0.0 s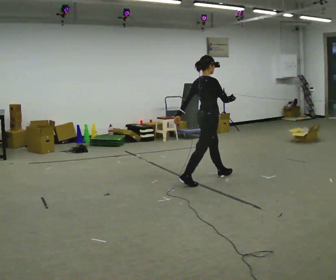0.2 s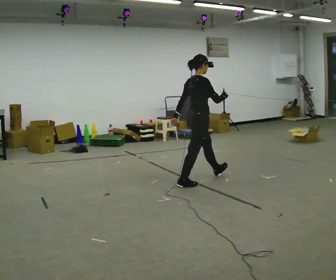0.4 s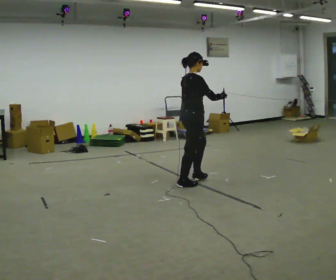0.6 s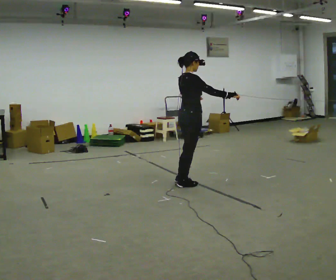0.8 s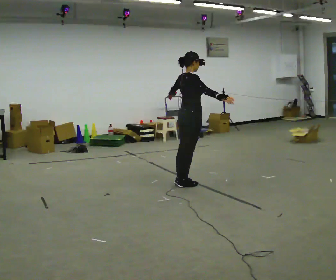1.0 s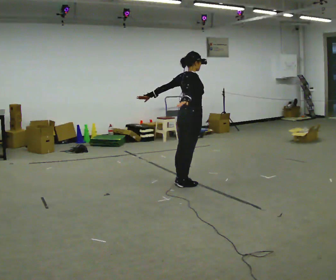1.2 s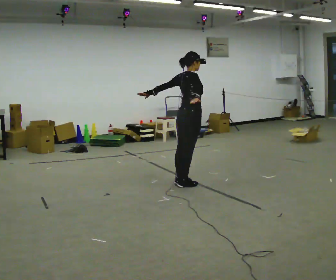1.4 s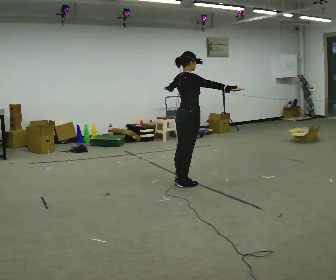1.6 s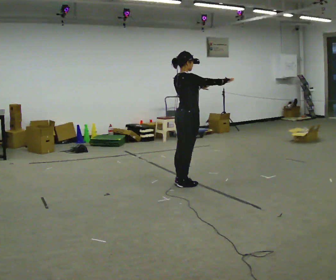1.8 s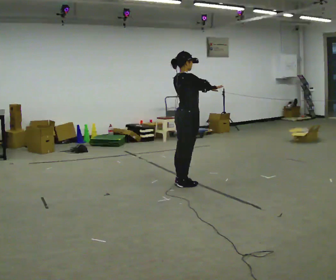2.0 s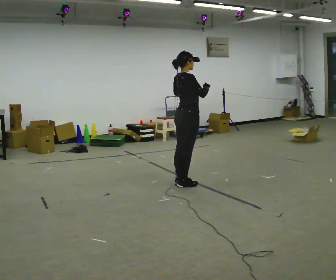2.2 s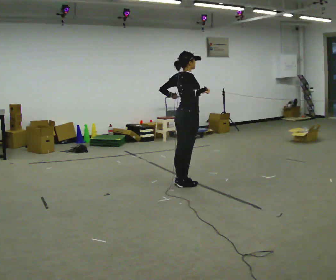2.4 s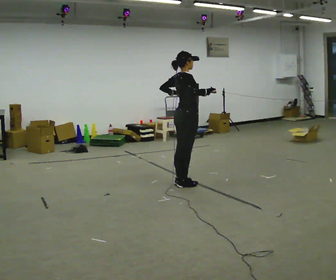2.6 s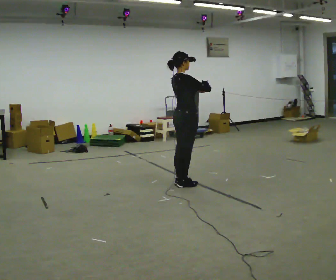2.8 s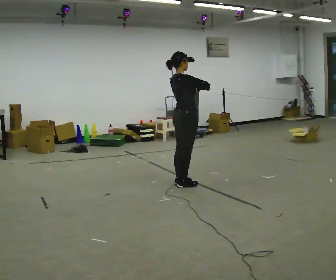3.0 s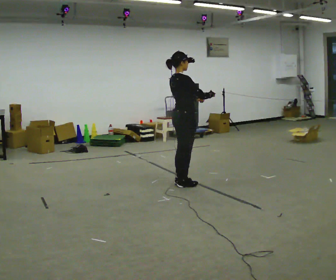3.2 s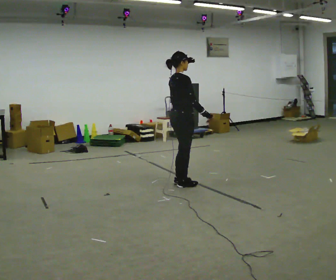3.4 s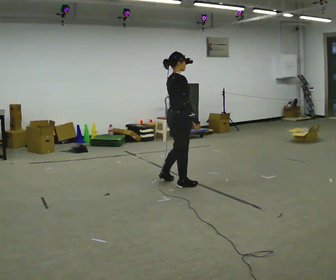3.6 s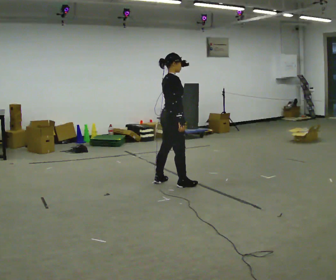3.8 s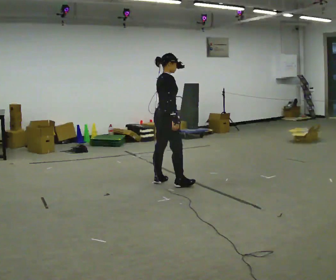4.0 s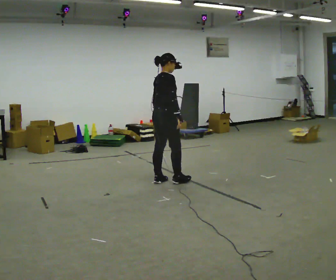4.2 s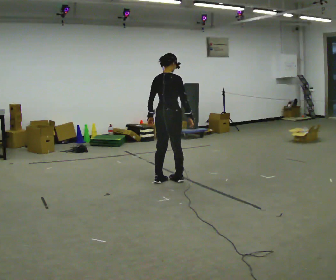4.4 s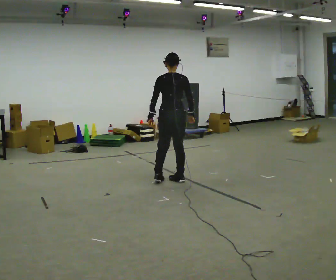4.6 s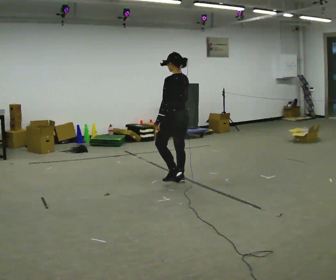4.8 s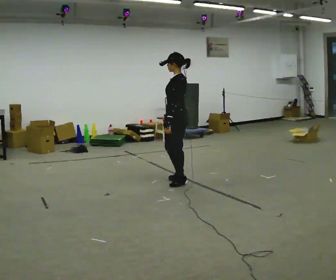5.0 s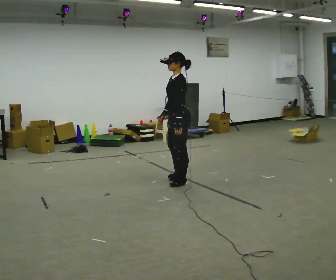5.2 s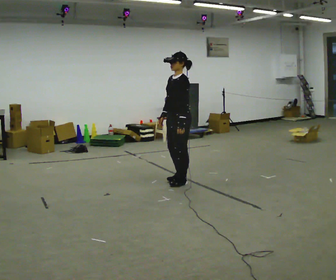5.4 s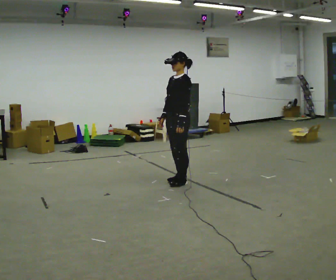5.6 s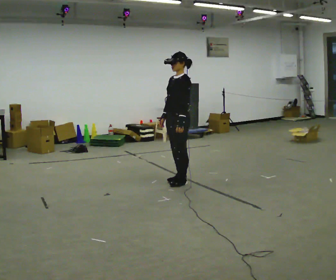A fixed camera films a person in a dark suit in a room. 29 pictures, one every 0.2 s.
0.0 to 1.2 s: In the picture they go to the left and toward the camera, about 0.25 m in 1 step, which for them is backward.
1.2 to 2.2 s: The person moves a little, or ends about where they began.
2.2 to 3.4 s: In the picture their right hand goes downward.
3.4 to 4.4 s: The person turns about 60 degrees to their left, counterclockwise seen from above, so the part of the body nearest the lens slides to the right. In the picture they go away from the camera, about 0.25 m in 2 steps. In the picture their left hand goes to the left.
4.4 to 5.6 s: The part of the body nearest the lens slides to the right as the person turns to their left by about 120 degrees. In the picture their right hand goes to the left, the arm swinging clockwise.
The film runs backward here.
